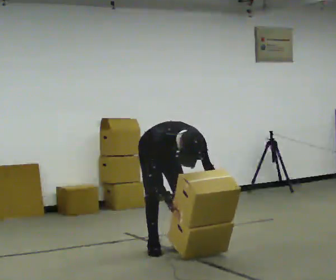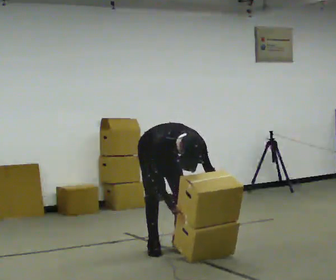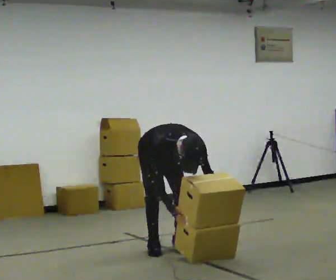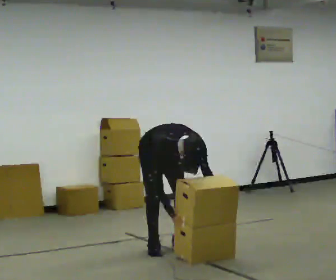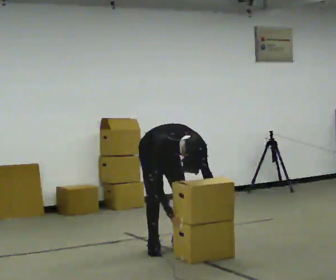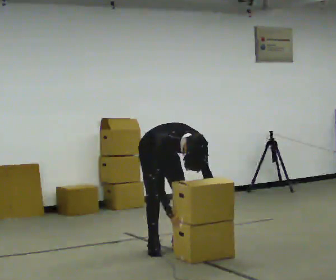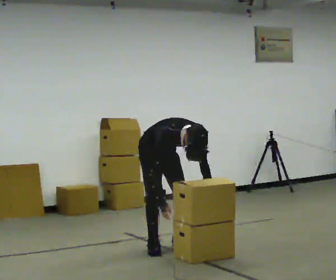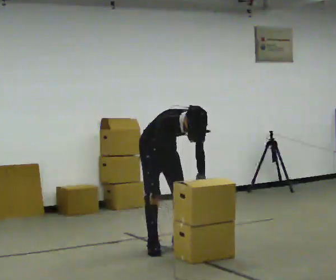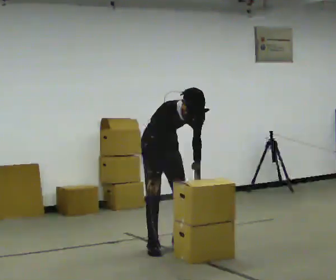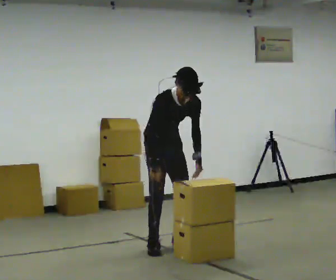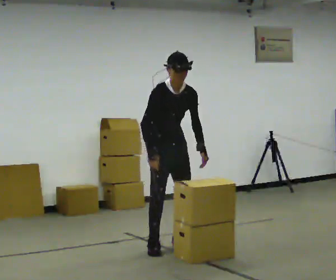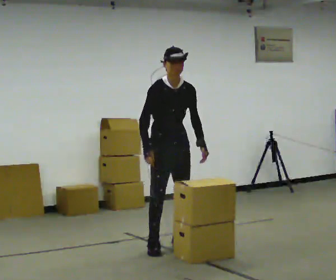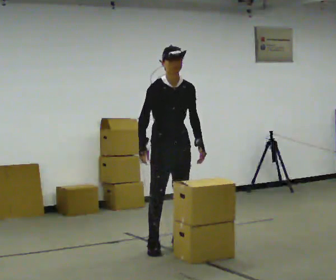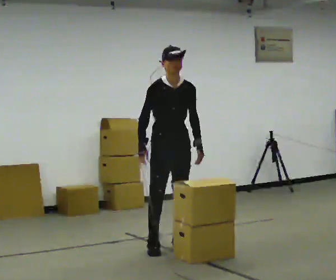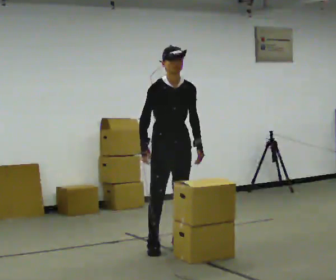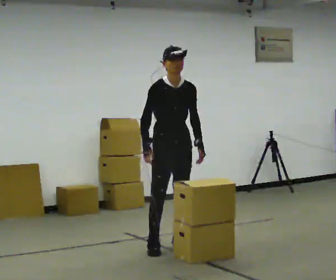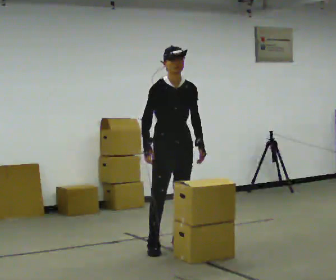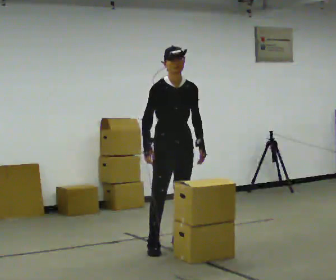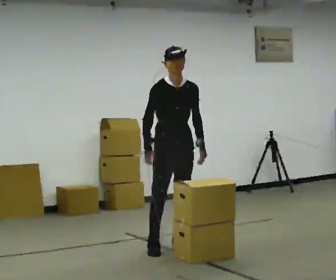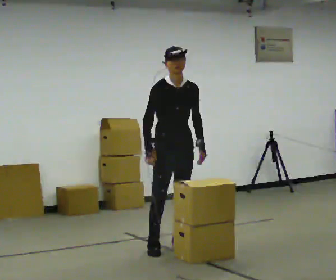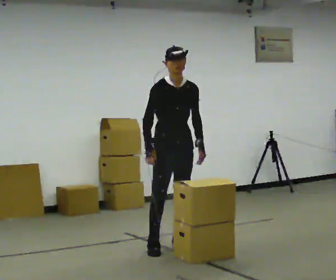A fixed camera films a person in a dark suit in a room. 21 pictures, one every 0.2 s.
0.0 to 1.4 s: The shoulders move upward. The upper body tips away from the camera, its near side rolling upward, as they lean back or straighten.
1.4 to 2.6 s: The upper body goes upward. The upper body tips away from the camera, its near side rolling upward, as they lean back or straighten.
2.6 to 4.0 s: The person moves a little, or ends about where they began.
The film runs forward here.
